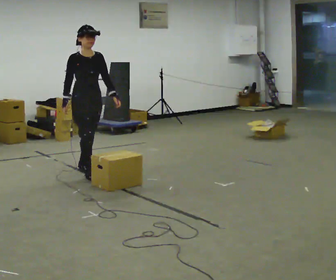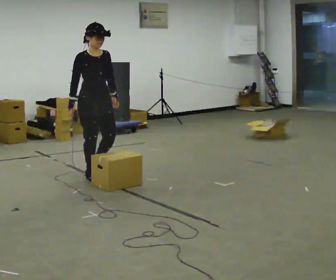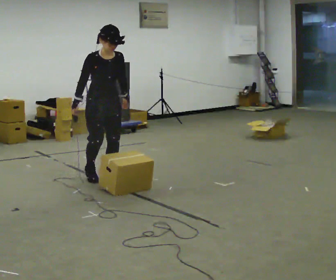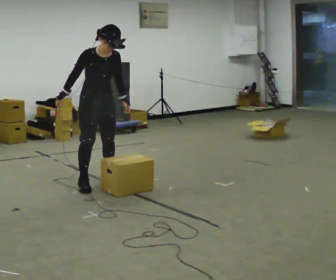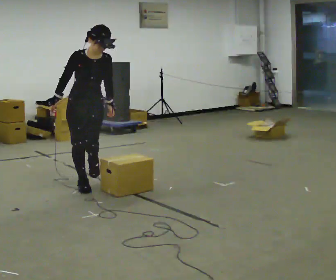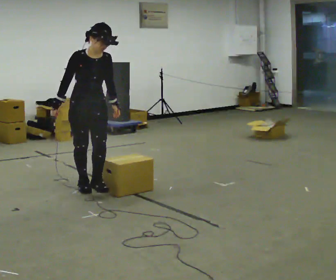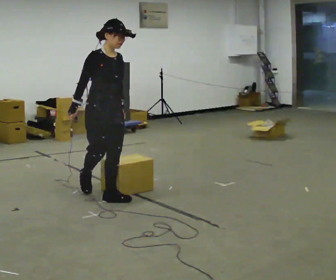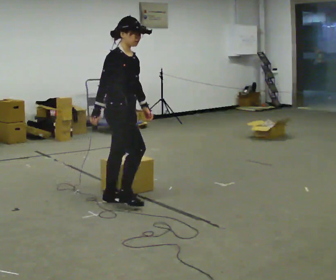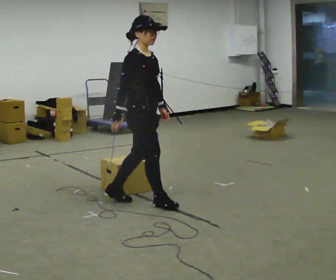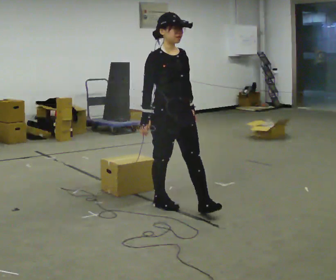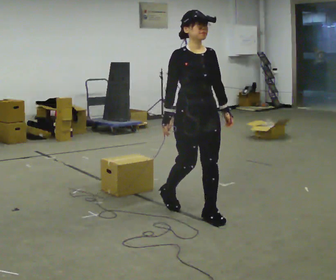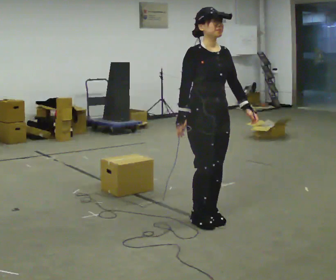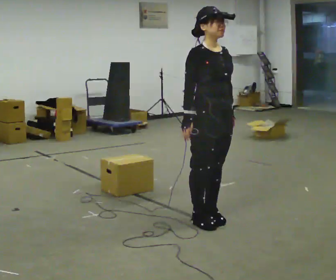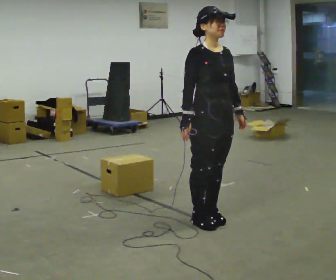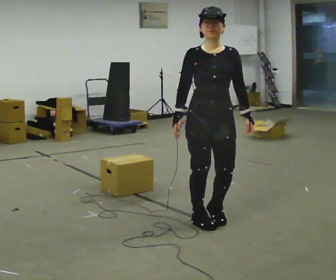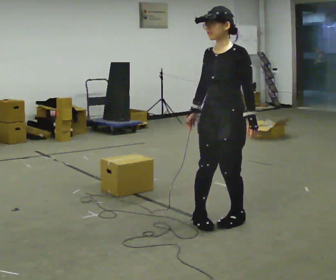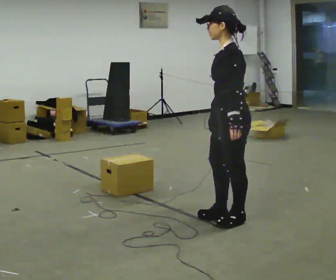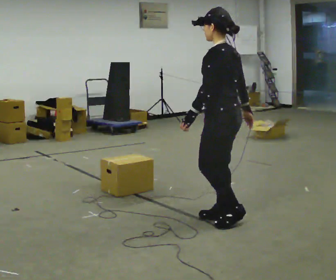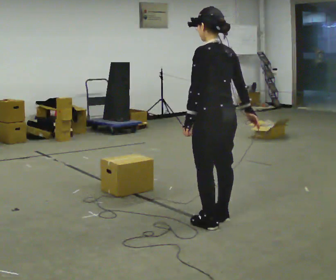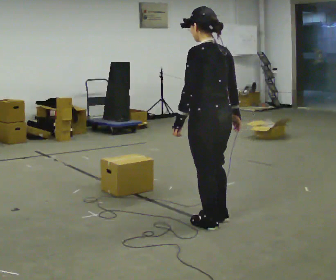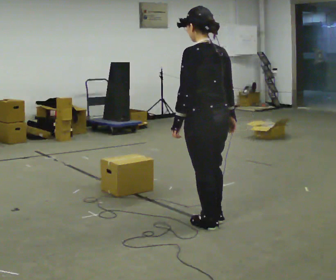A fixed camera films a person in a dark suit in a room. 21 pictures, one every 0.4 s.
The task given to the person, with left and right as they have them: Walk back and forth across the room at a normal pace, looking ahead. There may be something on the floor. Recover however comes naturally and carry on.
0.0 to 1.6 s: In the picture they go toward the camera, about 0.5 m in 2 steps, which for them is forward.
1.6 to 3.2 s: The part of the body nearest the lens slides to the right as the person turns to their left by about 60 degrees. In the picture they go to the right and toward the camera, about 1 m in 2 steps.
3.2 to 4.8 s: The part of the body nearest the lens slides to the left as the person turns to their right by about 30 degrees. In the picture they go to the right and toward the camera, about 0.75 m in 2 steps, which for them is forward and to their left.
4.8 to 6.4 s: Seen from above the body turns clockwise, about 135 degrees: to their right, with its near side sliding to the left. In the picture they go to the right, about 0.25 m in 2 steps. In the picture their right hand goes to the right.
6.4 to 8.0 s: The person turns about 60 degrees to their right, clockwise seen from above, so the part of the body nearest the lens slides to the left. In the picture they go to the left, about 0.25 m in 1 step, which for them is to their left. In the picture their left hand goes to the left.
The film runs forward here.
